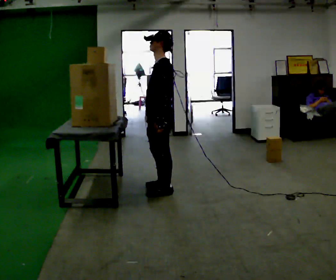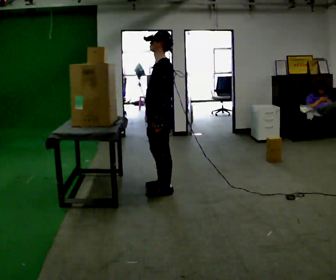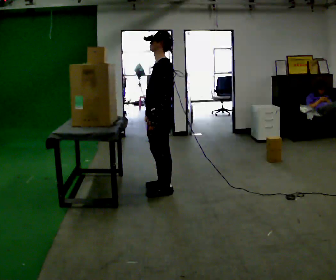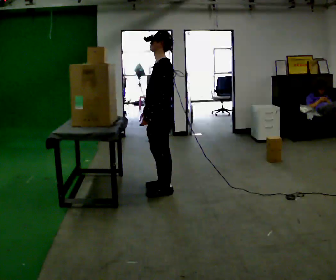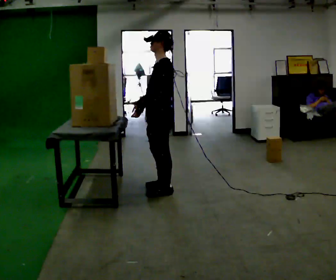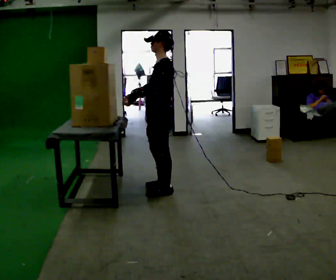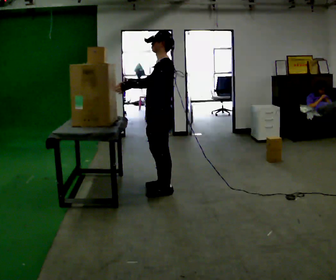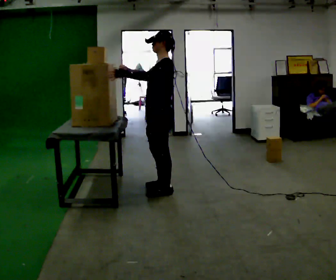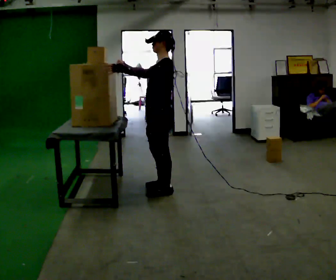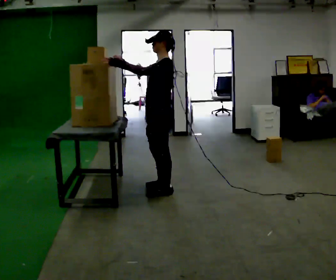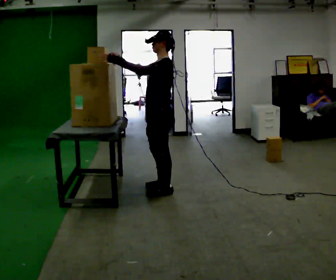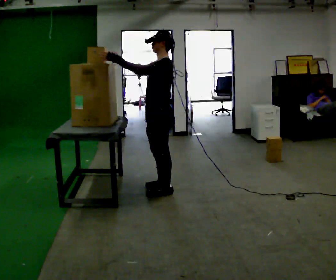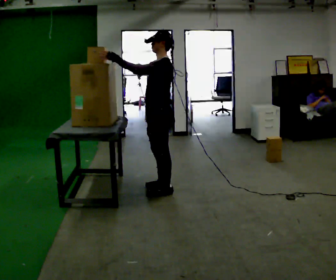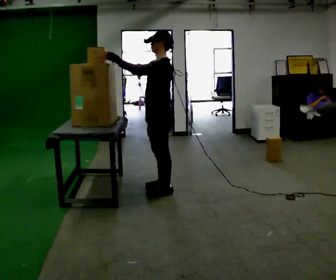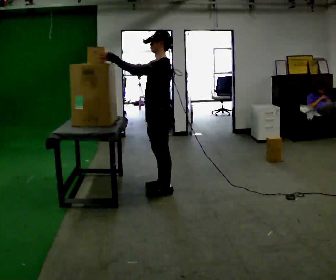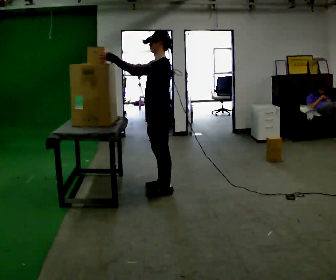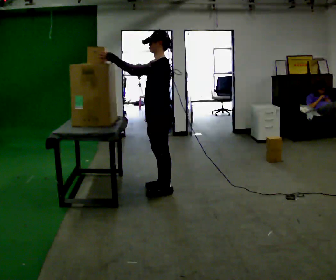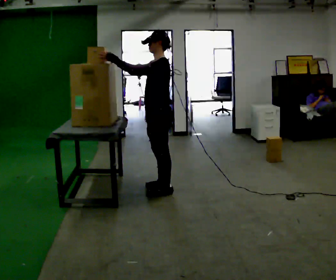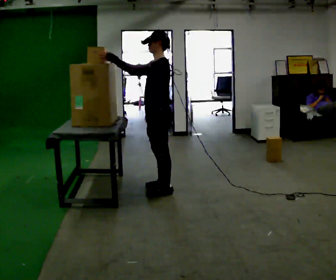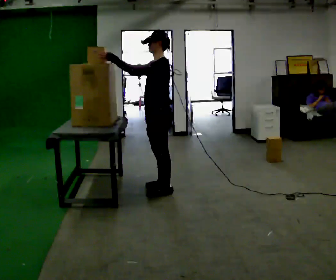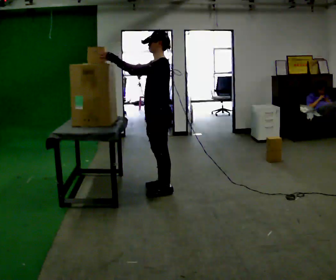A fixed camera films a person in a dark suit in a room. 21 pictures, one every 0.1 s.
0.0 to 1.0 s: In the picture their right hand goes upward and to the left, the arm swinging clockwise.
1.0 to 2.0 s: The person moves a little, or ends about where they began.
The film runs backward here.
